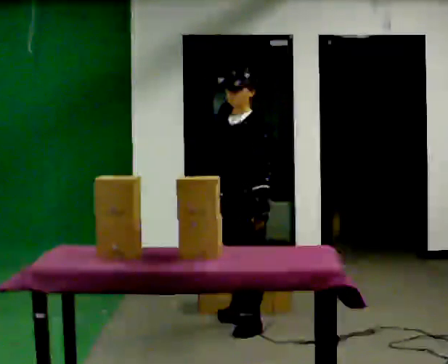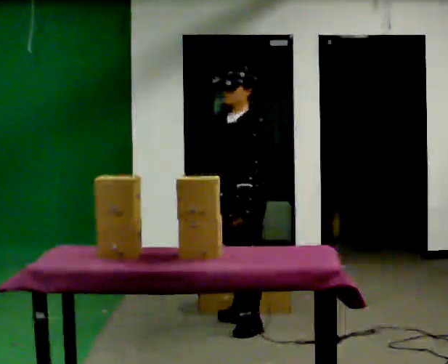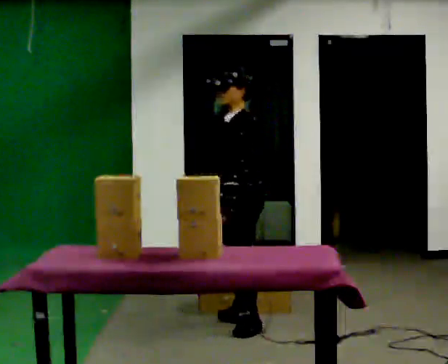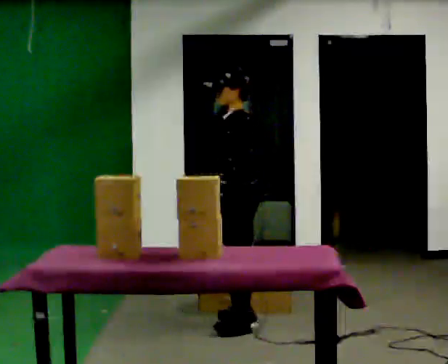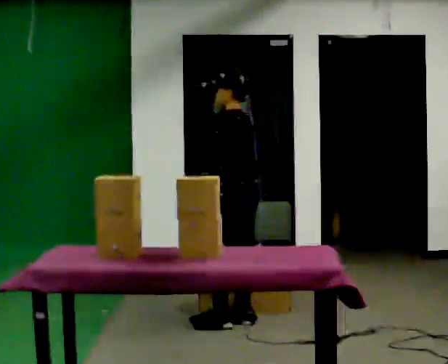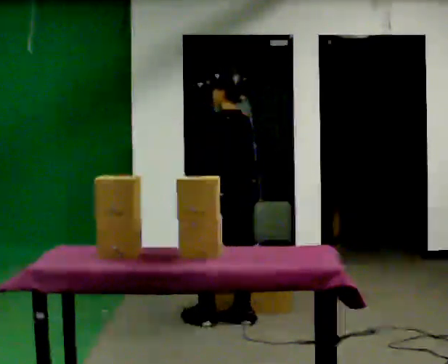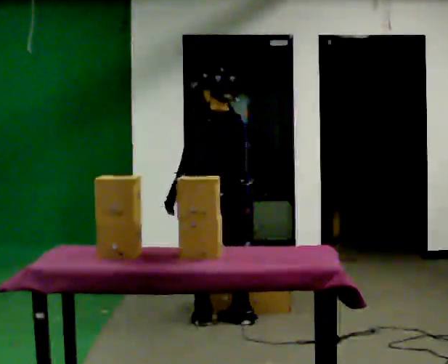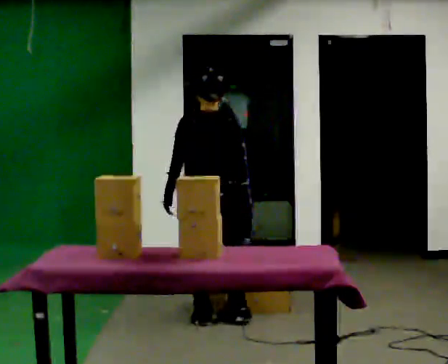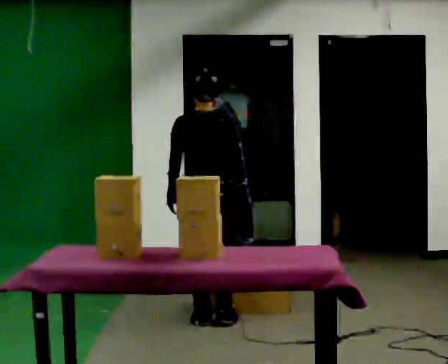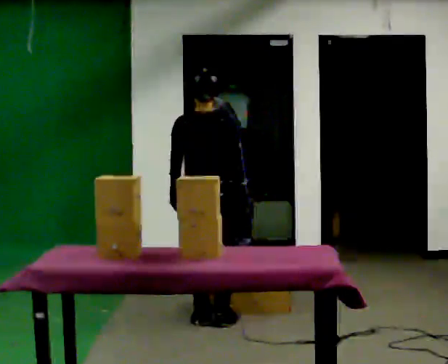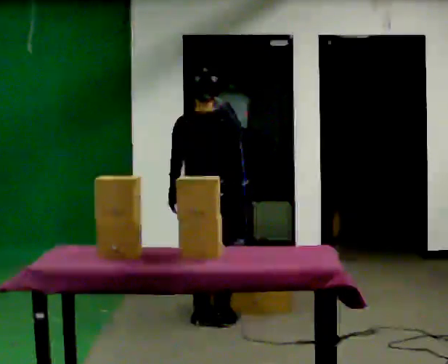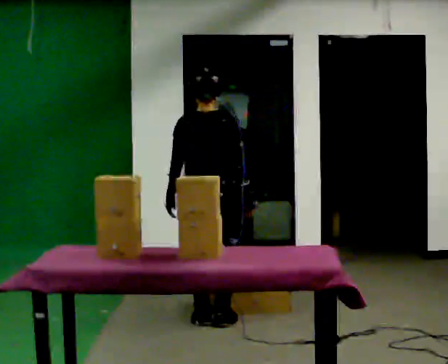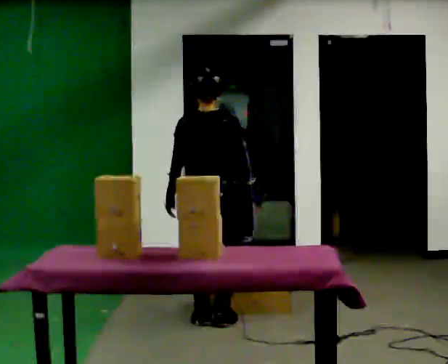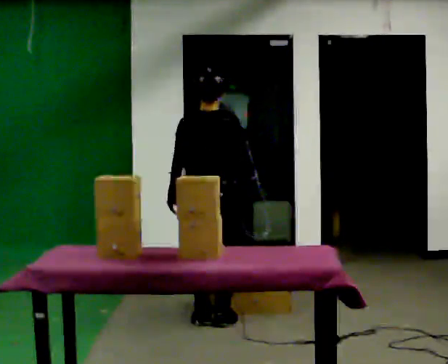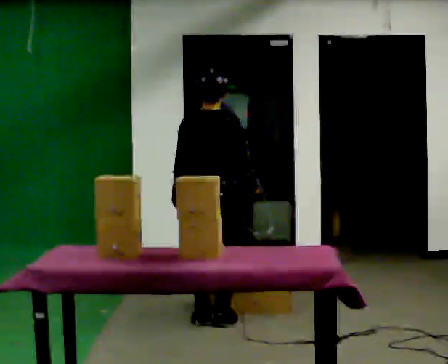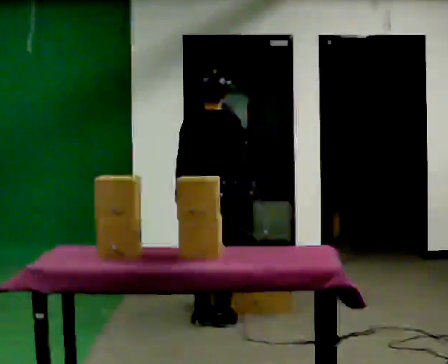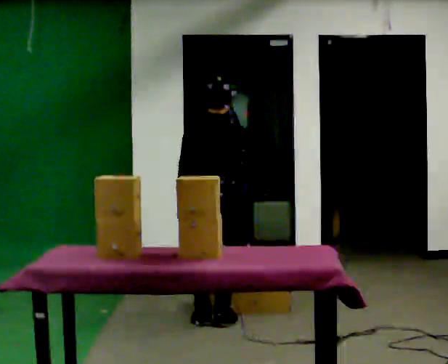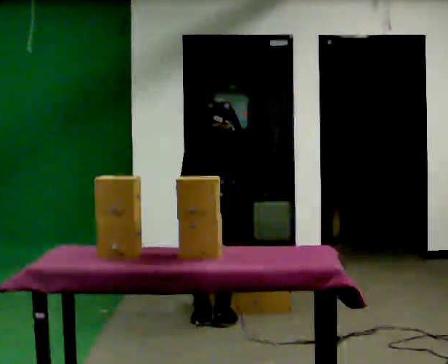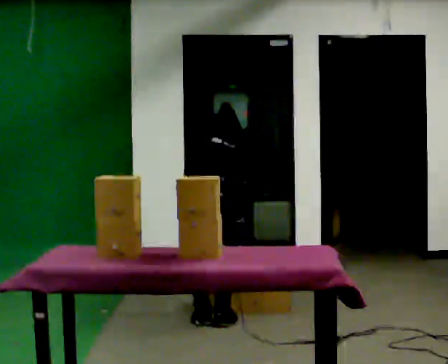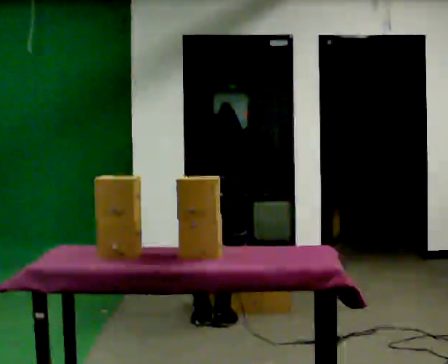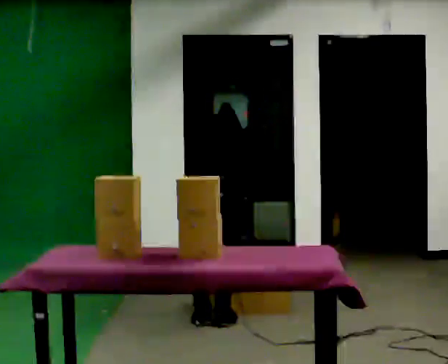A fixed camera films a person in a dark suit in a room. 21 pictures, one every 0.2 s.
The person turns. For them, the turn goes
to their right.
The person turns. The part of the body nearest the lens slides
to the left.
0.0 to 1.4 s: The part of the body nearest the lens slides to the left as the person turns to their right by about 120 degrees. In the picture they go away from the camera and to the left, about 0.25 m in 2 steps.
1.4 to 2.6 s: The person moves a little, or ends about where they began.
2.6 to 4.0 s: The upper body goes downward. The upper body tips away from the camera, its near side rolling upward, as they bend forward. In the picture their right hand goes downward.
The film runs backward here.
